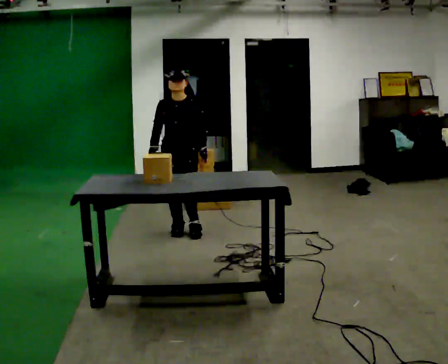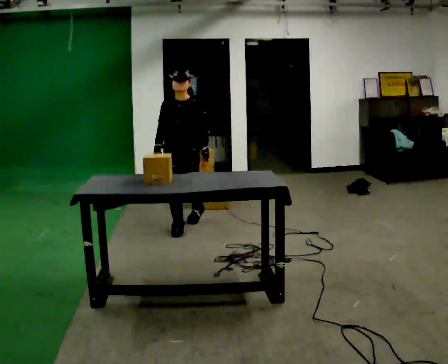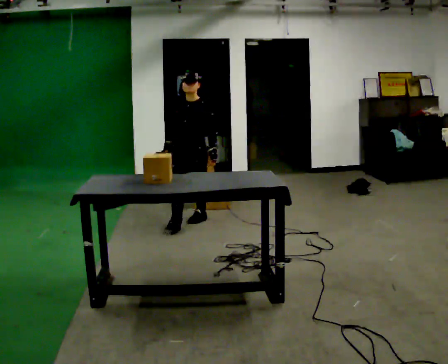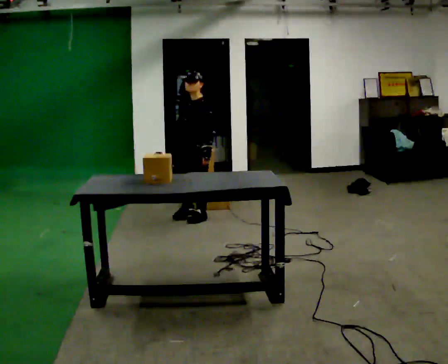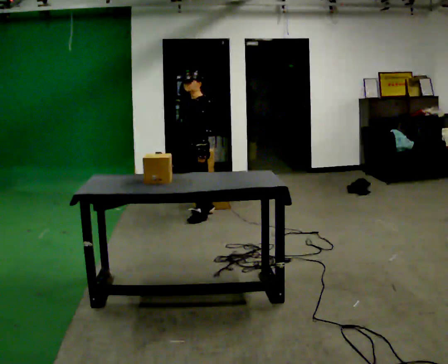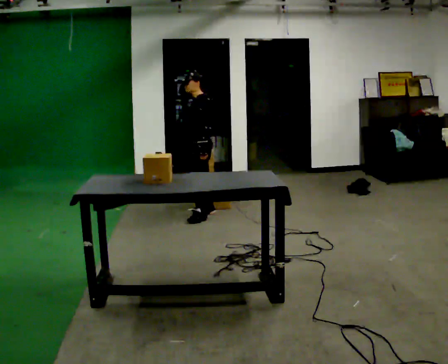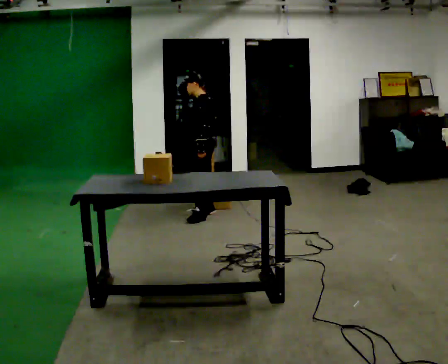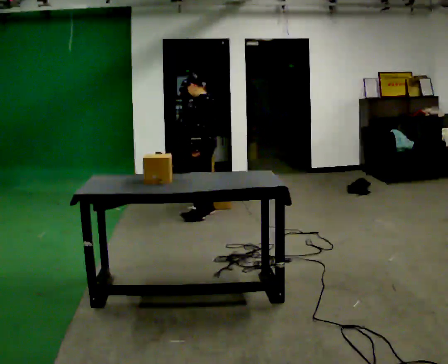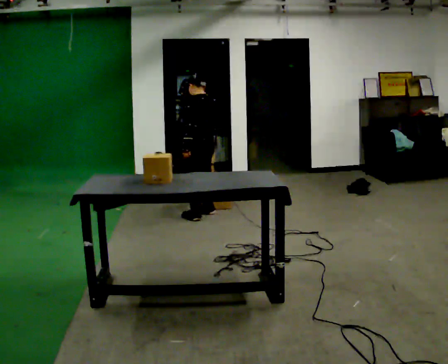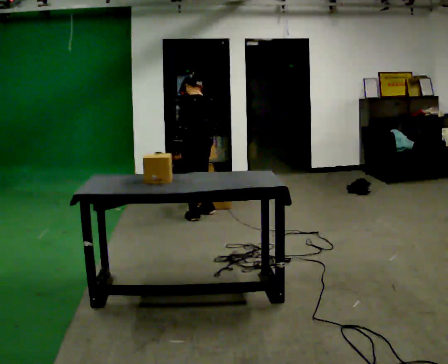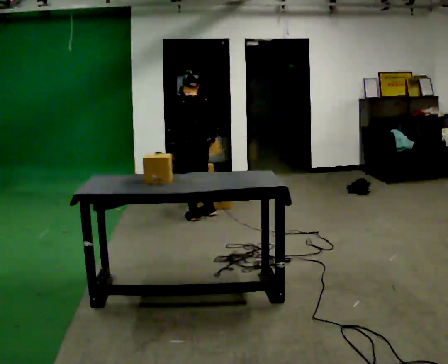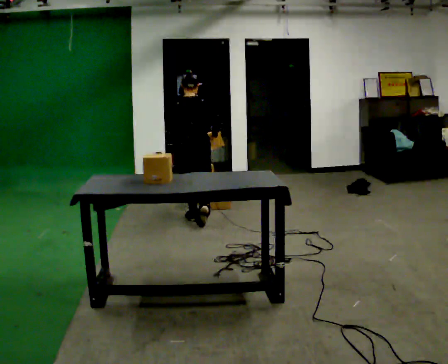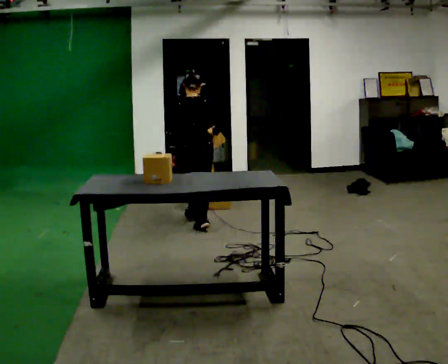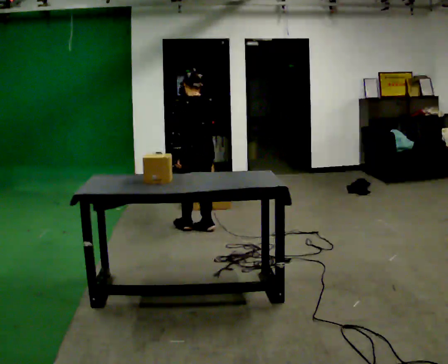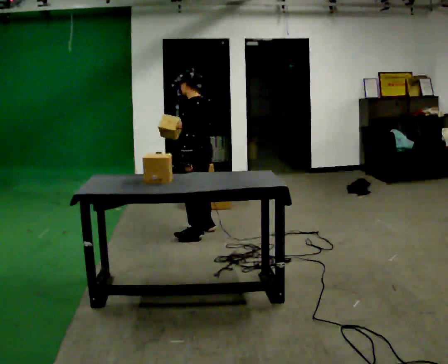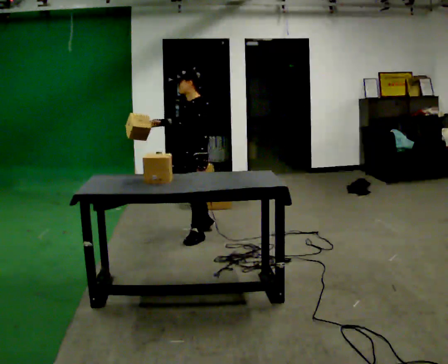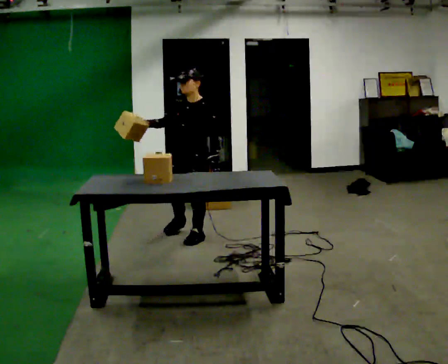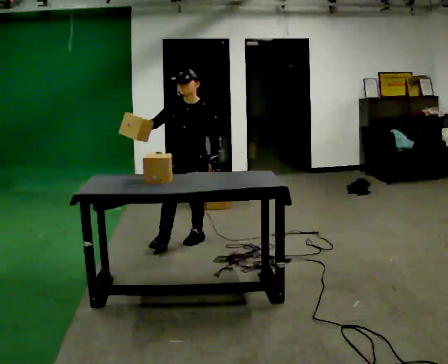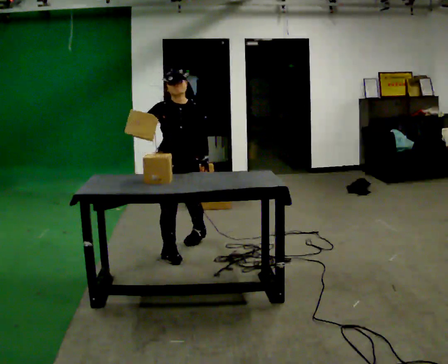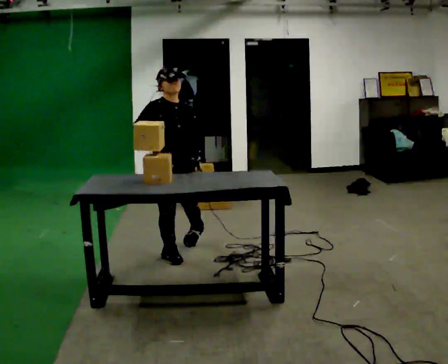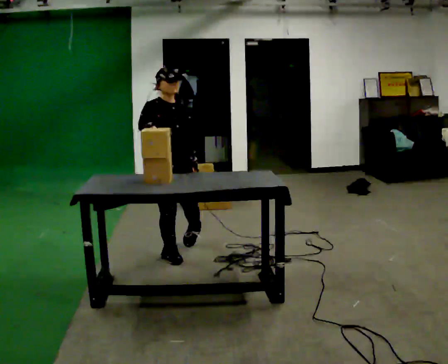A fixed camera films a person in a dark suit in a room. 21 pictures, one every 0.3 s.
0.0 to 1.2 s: Seen from above the body turns clockwise, about 60 degrees: to their right, with its near side sliding to the left. In the picture they go away from the camera, about 0.5 m in 1 step.
1.2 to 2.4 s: The part of the body nearest the lens slides to the left as the person turns to their right by about 45 degrees. In the picture they go away from the camera, about 0.25 m, which for them is to their right.
2.4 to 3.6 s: The person turns about 75 degrees to their right, clockwise seen from above, so the part of the body nearest the lens slides to the left. In the picture they go toward the camera, about 0.25 m in 1 step.
3.6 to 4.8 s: The part of the body nearest the lens slides to the right as the person turns to their left by about 135 degrees. In the picture they go toward the camera, about 0.5 m in 2 steps.
4.8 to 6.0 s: The person turns about 90 degrees to their left, counterclockwise seen from above, so the part of the body nearest the lens slides to the right. In the picture they go toward the camera, about 0.5 m.
The film runs backward here.
